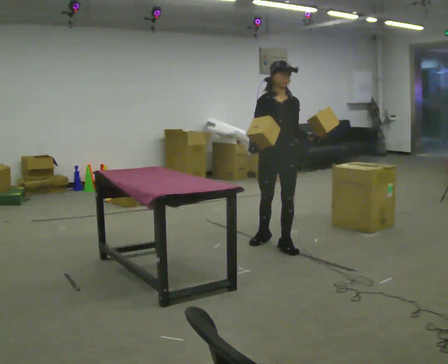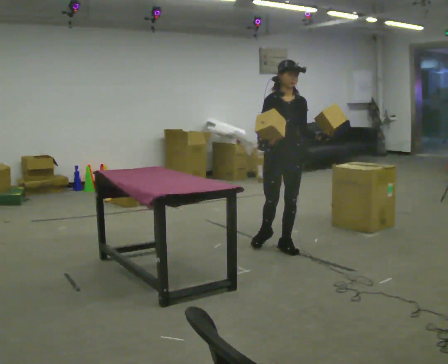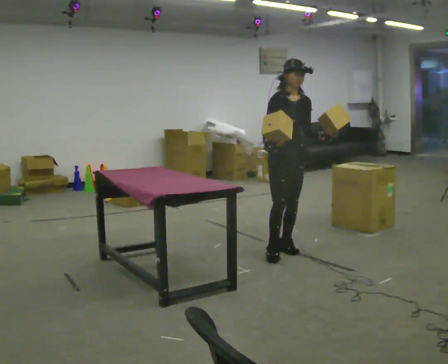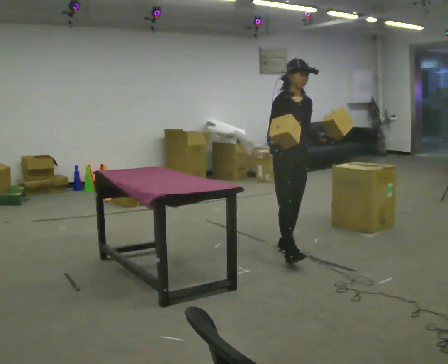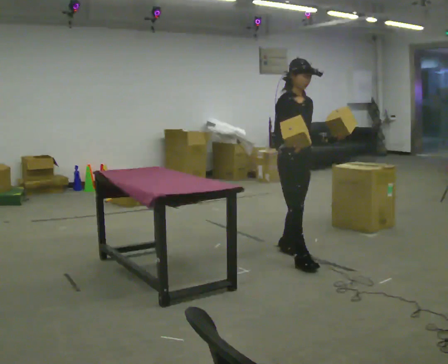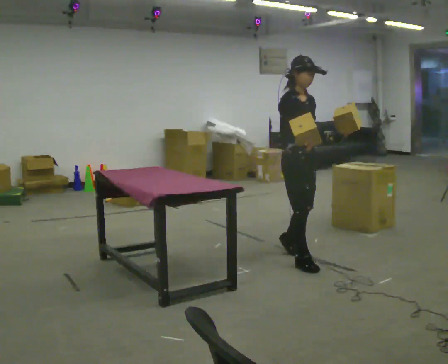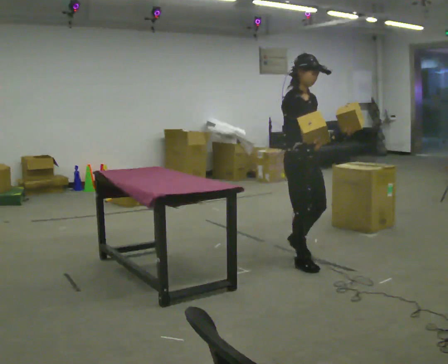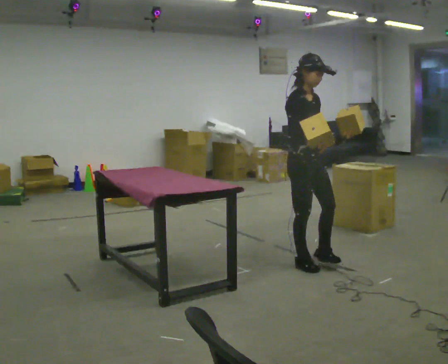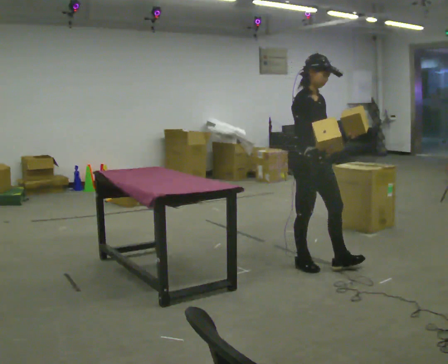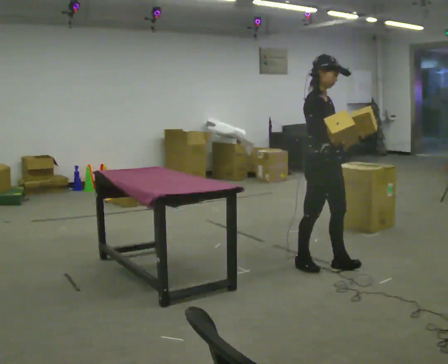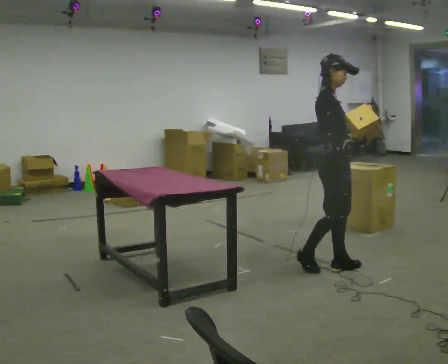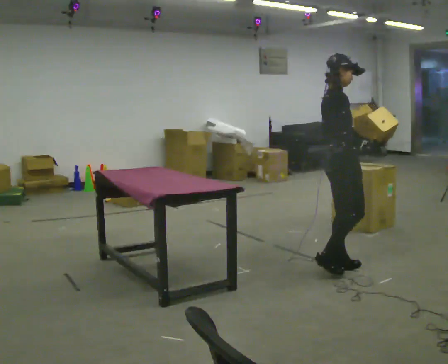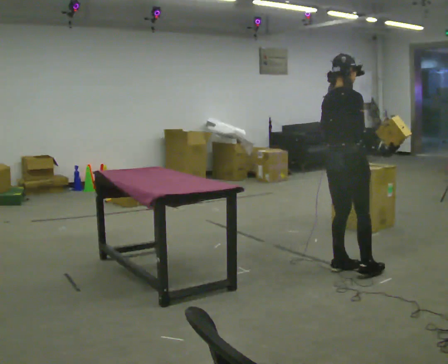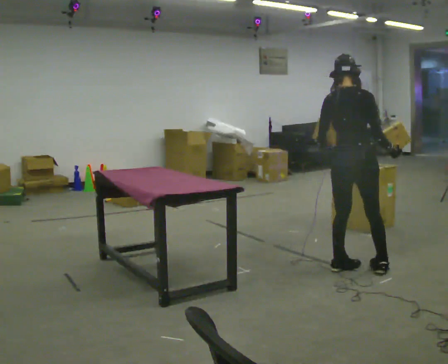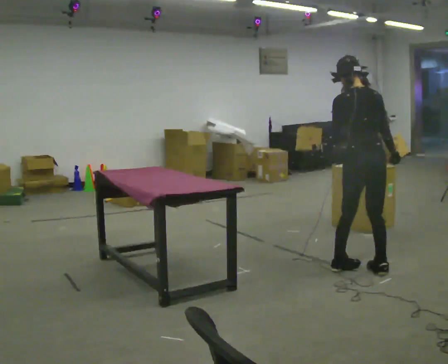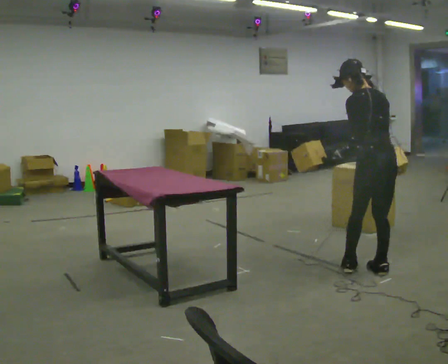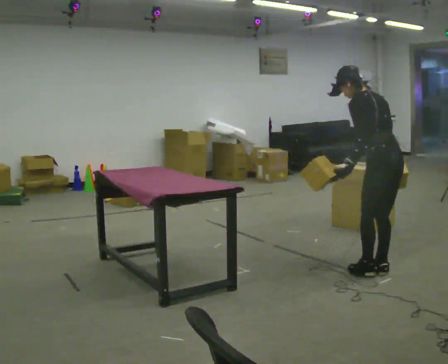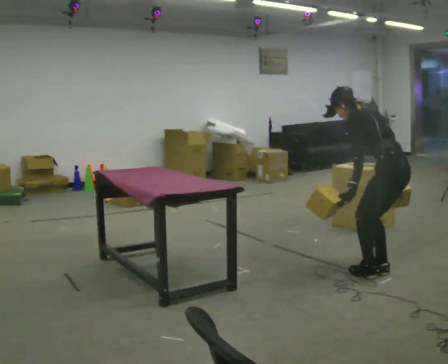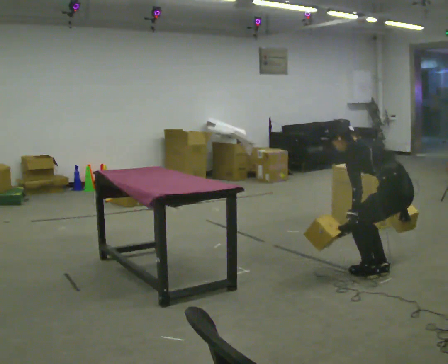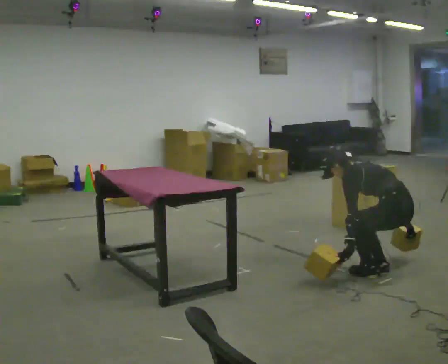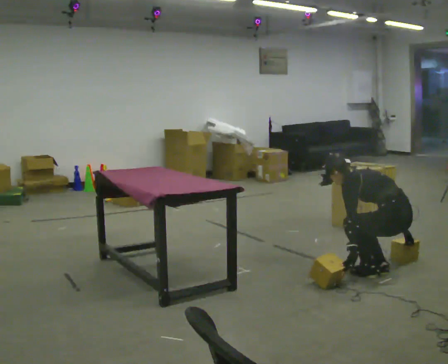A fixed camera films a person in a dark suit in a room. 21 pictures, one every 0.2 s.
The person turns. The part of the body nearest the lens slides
to the right.
Their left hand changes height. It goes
downward.
0.0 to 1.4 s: Seen from above the body turns counterclockwise, about 45 degrees: to their left, with its near side sliding to the right. In the picture they go toward the camera and to the right, about 0.5 m in 1 step, which for them is forward.
1.4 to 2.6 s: The person turns about 105 degrees to their left, counterclockwise seen from above, so the part of the body nearest the lens slides to the right. In the picture they go to the right and toward the camera, about 0.25 m in 2 steps.
2.6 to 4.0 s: Seen from above the body turns counterclockwise, about 60 degrees: to their left, with its near side sliding to the right. In the picture they go to the right and toward the camera, about 0.5 m in 1 step. The upper body goes downward. The upper body tips away from the camera, its near side rolling upward, as they bend forward. In the picture their left hand goes downward.
The film runs forward here.
